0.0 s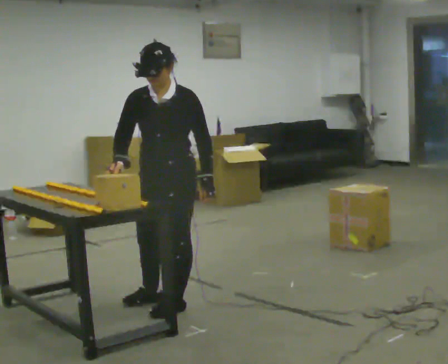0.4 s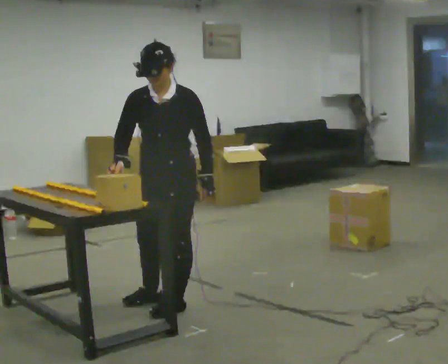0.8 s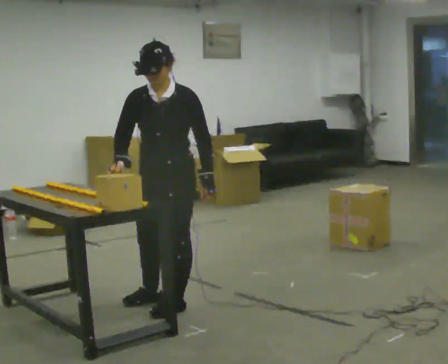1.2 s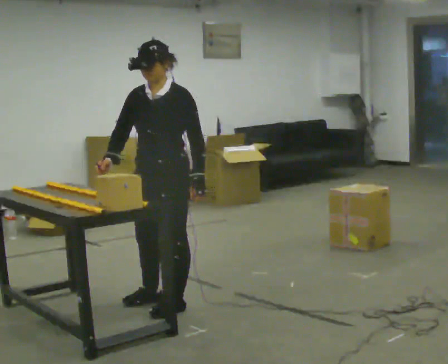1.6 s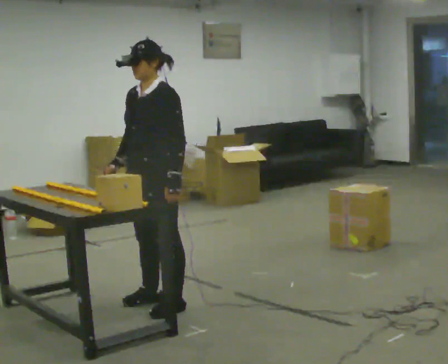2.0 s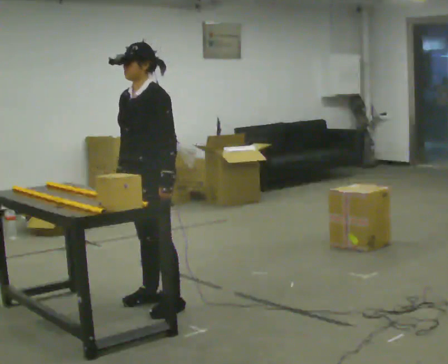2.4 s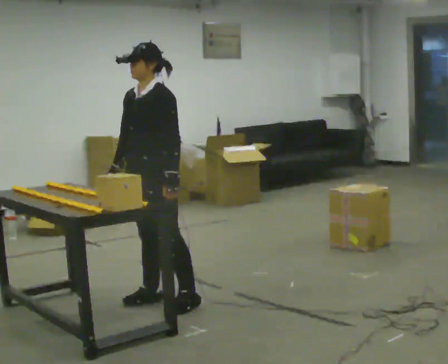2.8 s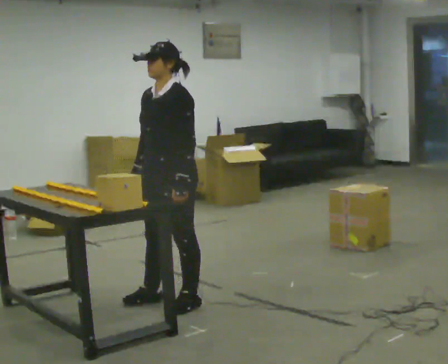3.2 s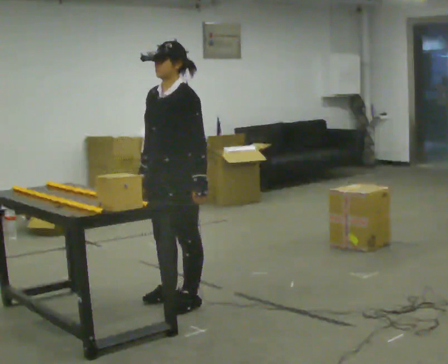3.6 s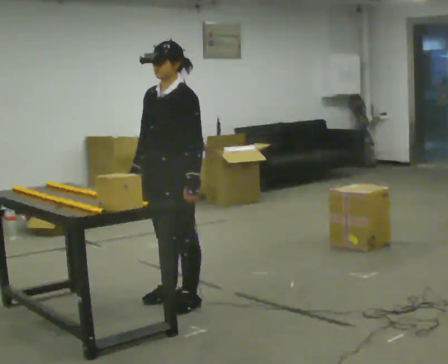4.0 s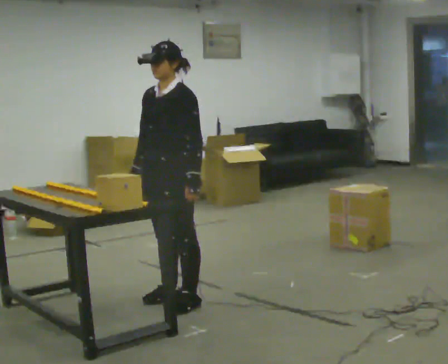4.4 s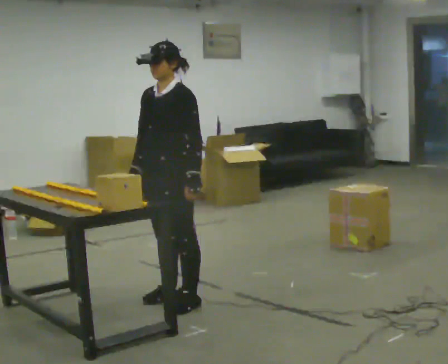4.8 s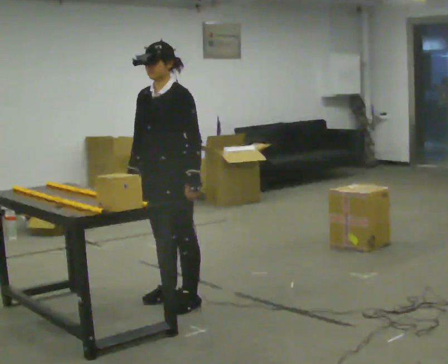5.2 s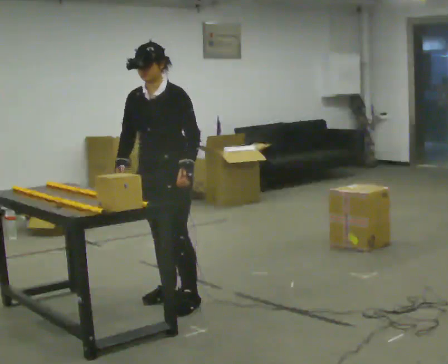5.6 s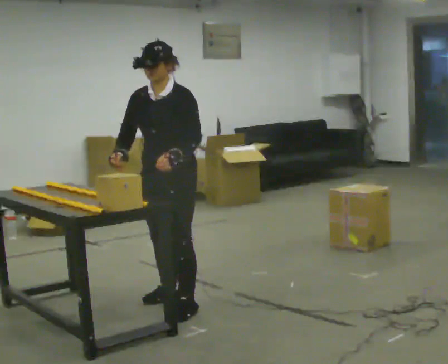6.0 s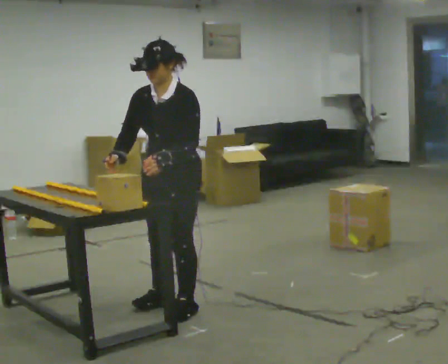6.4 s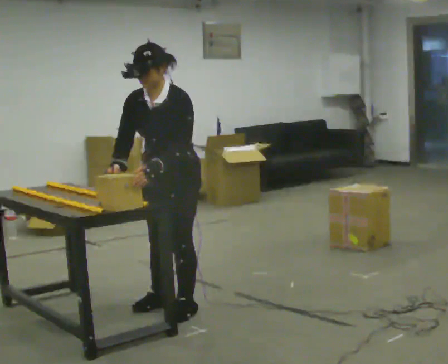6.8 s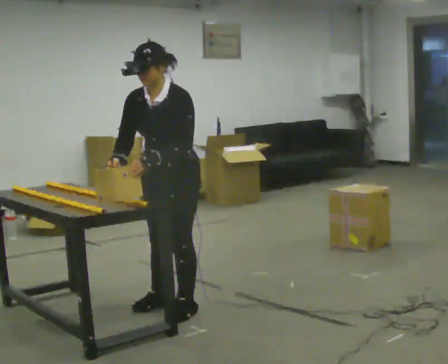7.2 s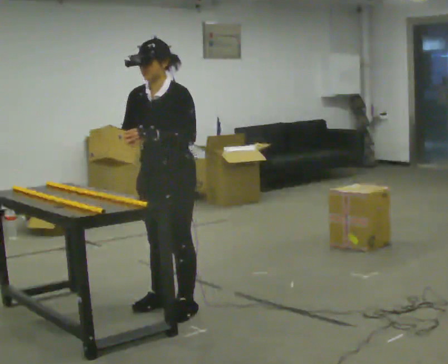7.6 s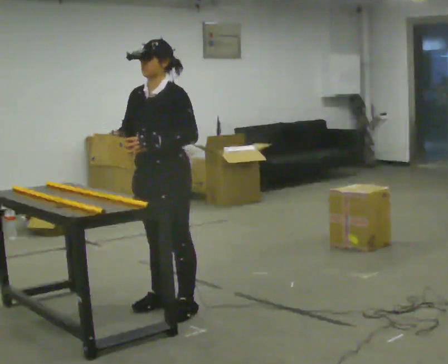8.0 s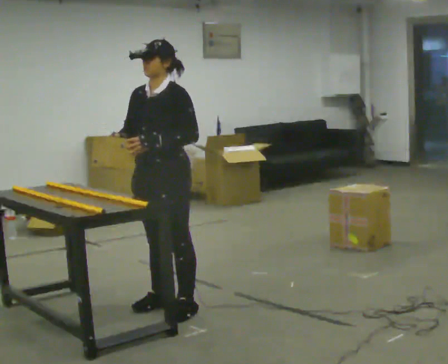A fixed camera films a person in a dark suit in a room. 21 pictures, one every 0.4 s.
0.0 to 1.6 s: The person turns about 30 degrees to their right, clockwise seen from above, so the part of the body nearest the lens slides to the left.
1.6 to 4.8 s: The person moves a little, or ends about where they began.
4.8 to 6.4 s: In the picture they go toward the camera, about 0.25 m, which for them is to their left and forward. The upper body tips toward the camera, its near side rolling downward, as they bend forward.
6.4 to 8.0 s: The upper body tips away from the camera, its near side rolling upward, as they lean back or straighten.
The film runs forward here.
